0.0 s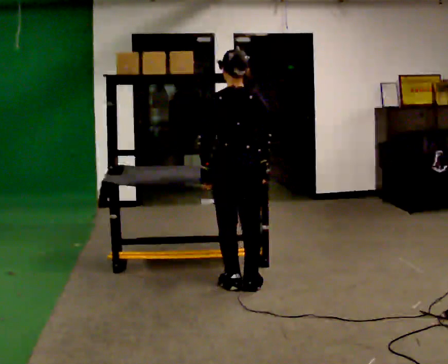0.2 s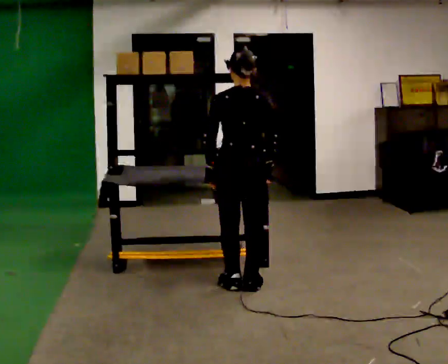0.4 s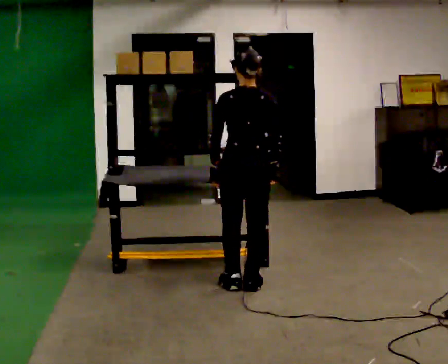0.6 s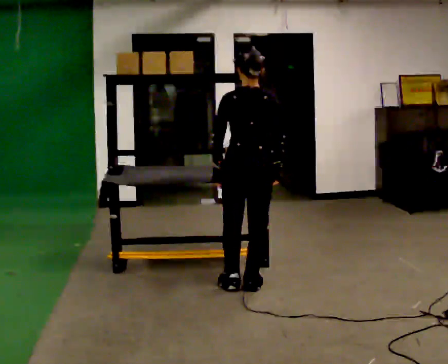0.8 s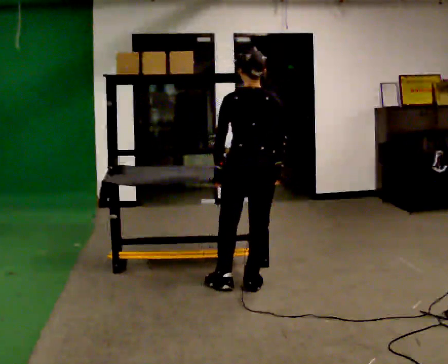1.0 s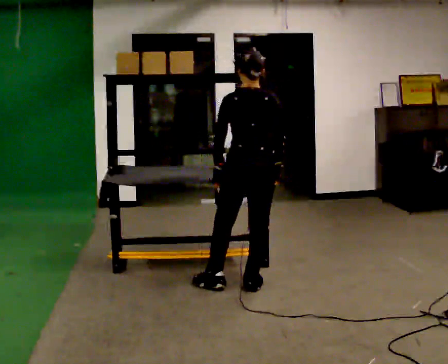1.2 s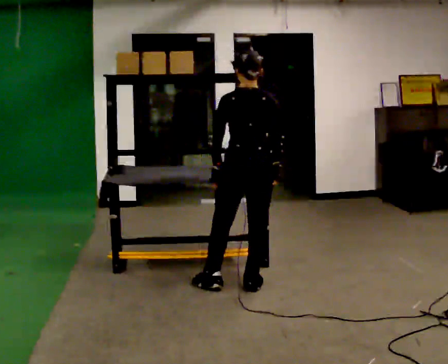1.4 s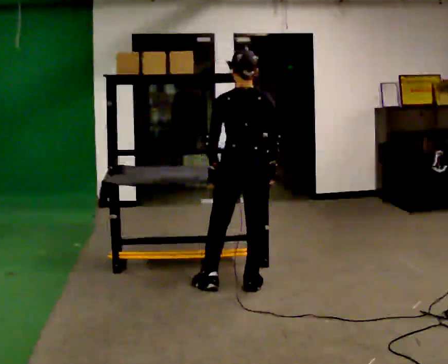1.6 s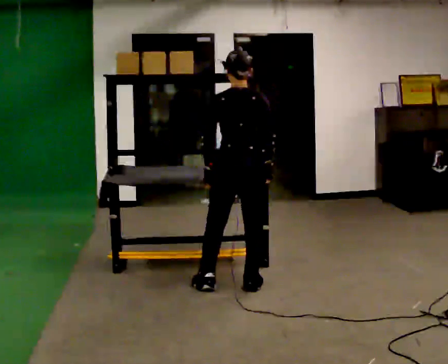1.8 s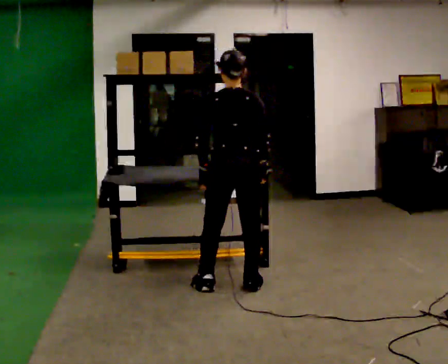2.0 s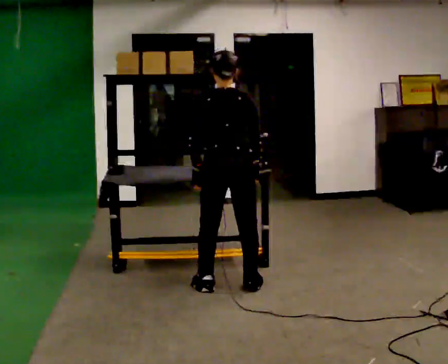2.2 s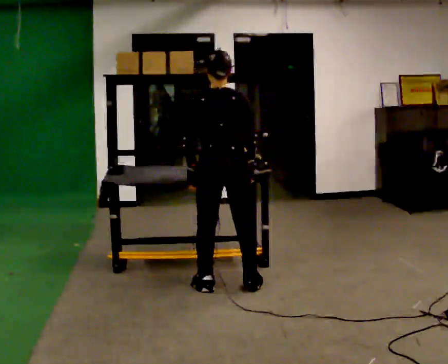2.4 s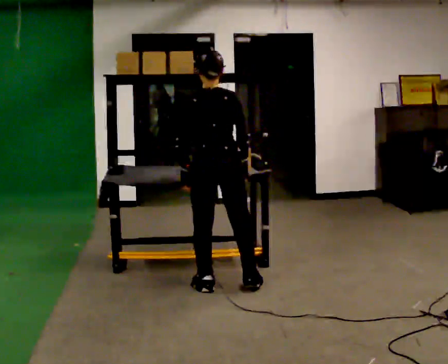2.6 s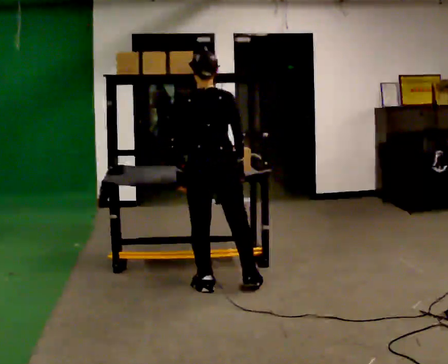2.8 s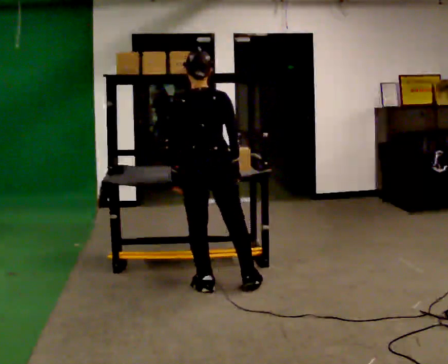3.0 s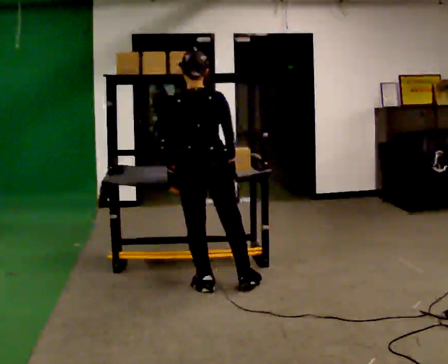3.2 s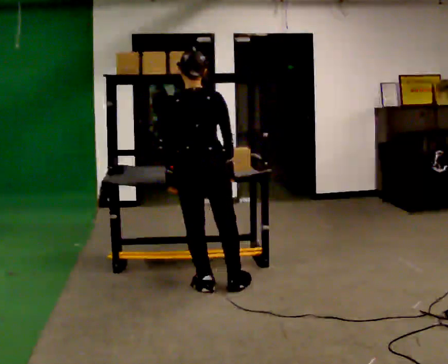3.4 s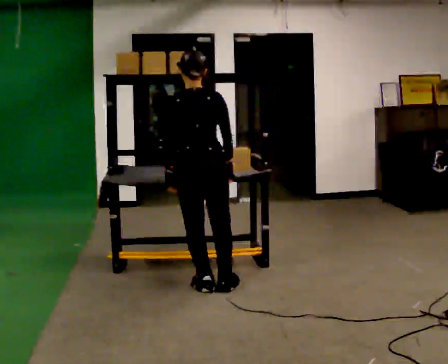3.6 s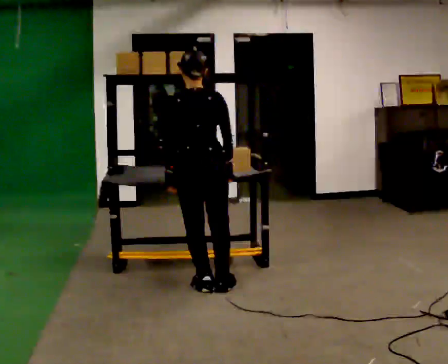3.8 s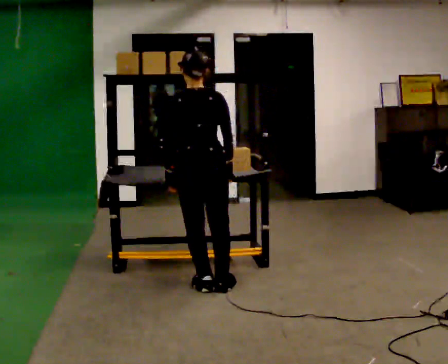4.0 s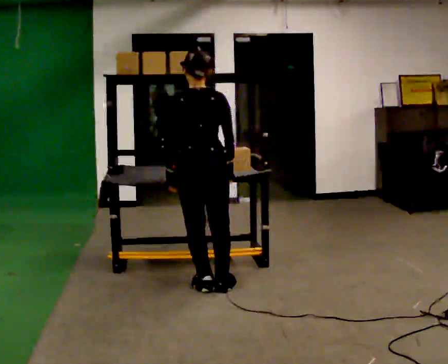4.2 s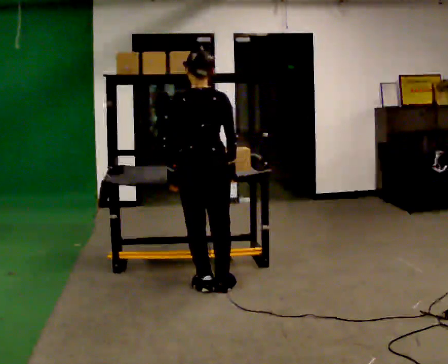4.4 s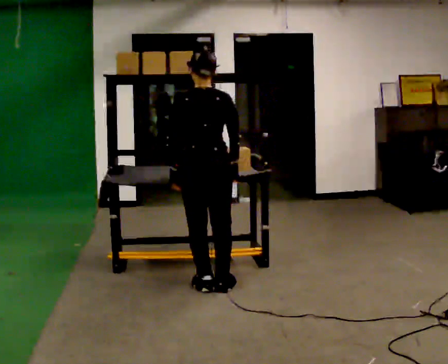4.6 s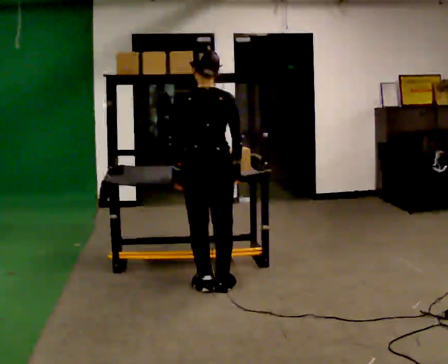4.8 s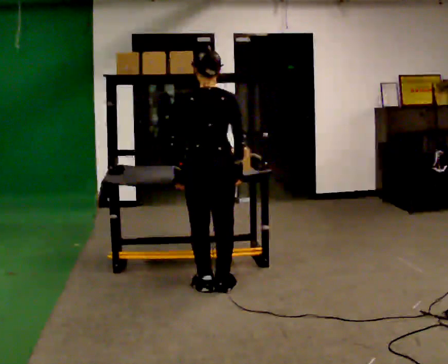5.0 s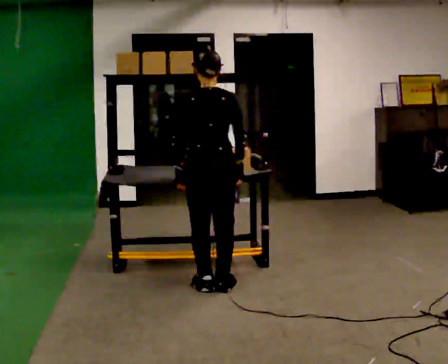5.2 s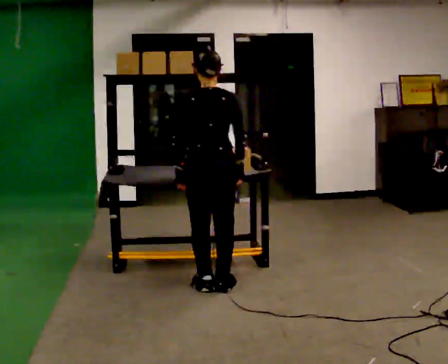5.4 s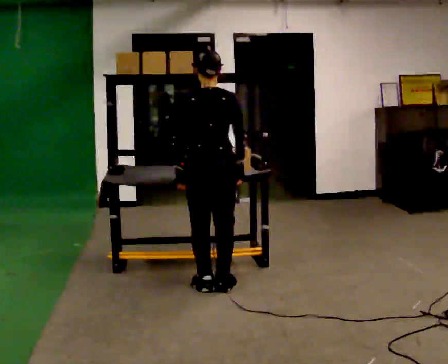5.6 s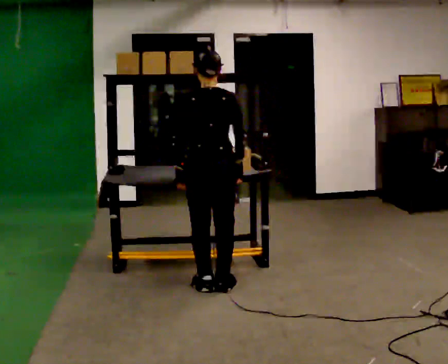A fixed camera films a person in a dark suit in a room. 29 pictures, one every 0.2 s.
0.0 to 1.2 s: The person moves a little, or ends about where they began.
1.2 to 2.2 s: In the picture they go to the left, about 0.25 m, which for them is to their left.
2.2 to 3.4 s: In the picture they go to the left, about 0.25 m in 1 step, which for them is to their left.
3.4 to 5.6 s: The person moves a little, or ends about where they began.
The film runs backward here.
